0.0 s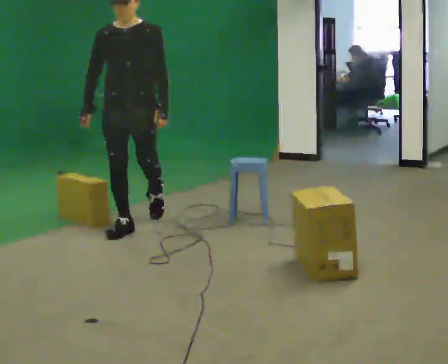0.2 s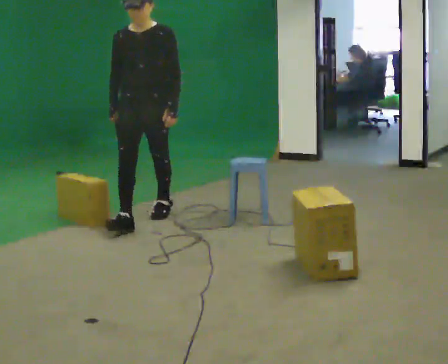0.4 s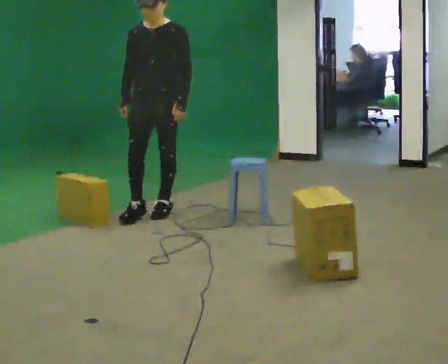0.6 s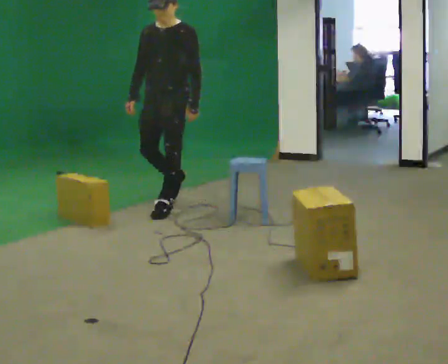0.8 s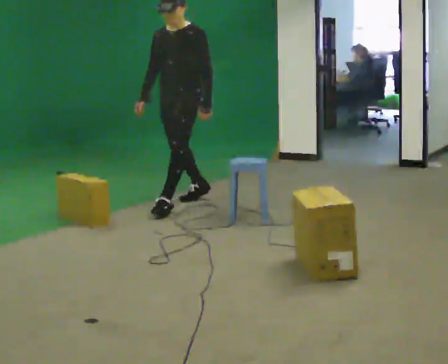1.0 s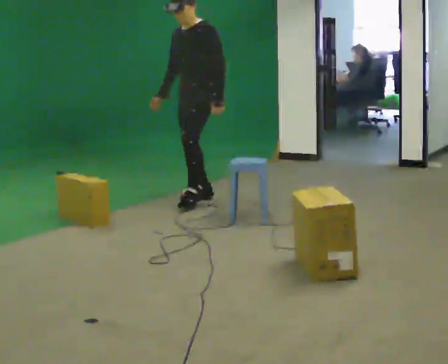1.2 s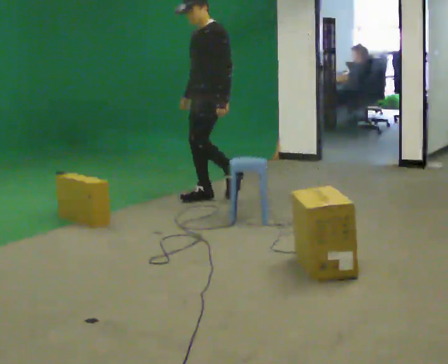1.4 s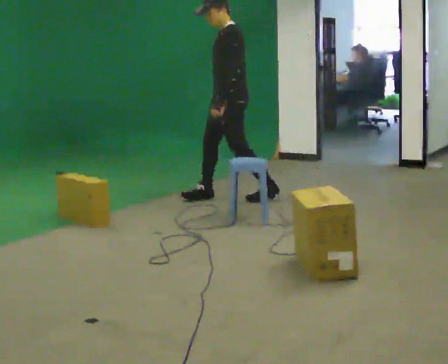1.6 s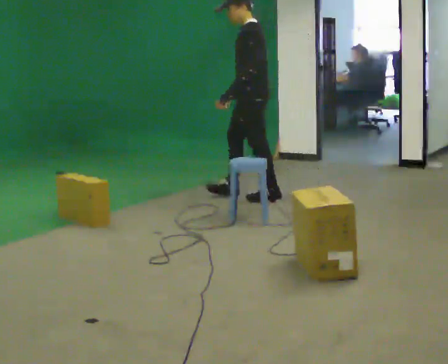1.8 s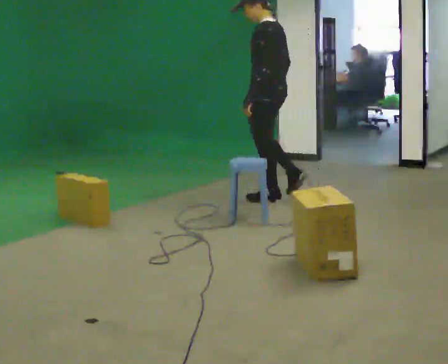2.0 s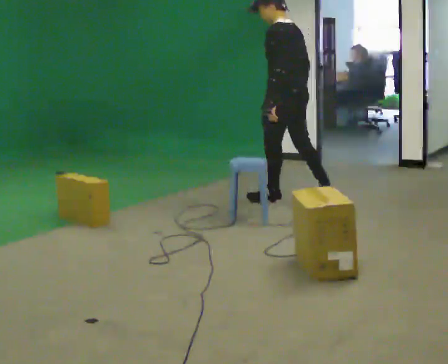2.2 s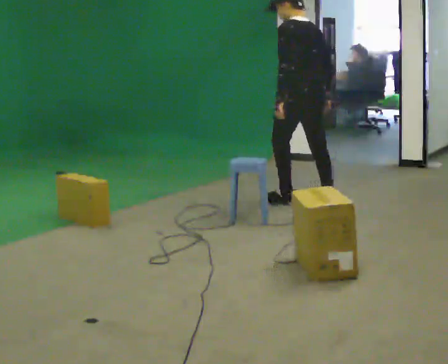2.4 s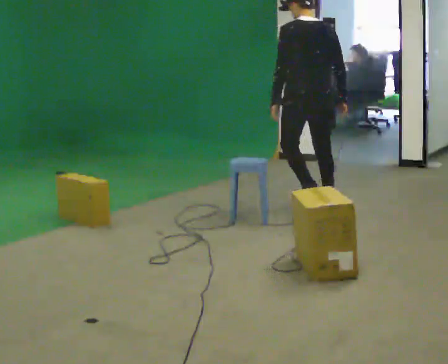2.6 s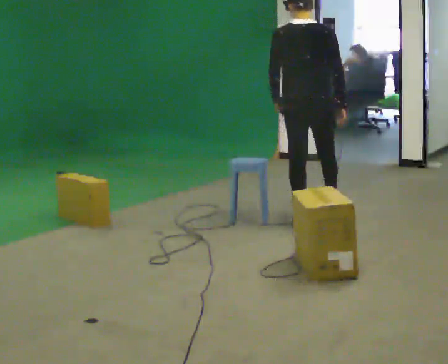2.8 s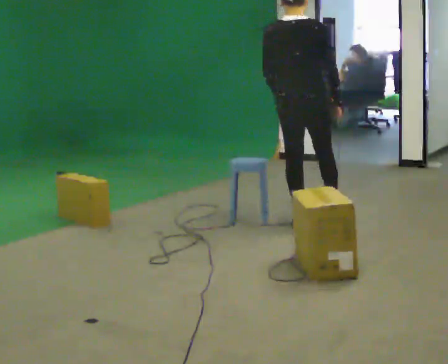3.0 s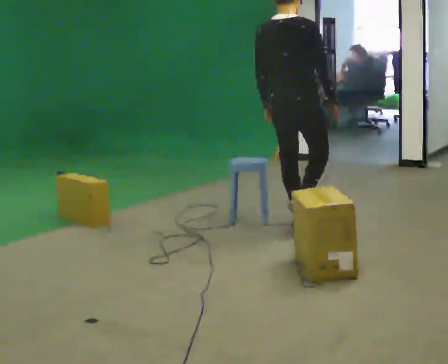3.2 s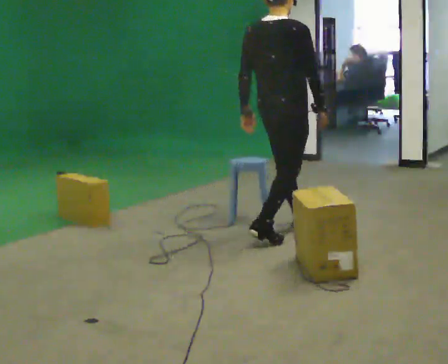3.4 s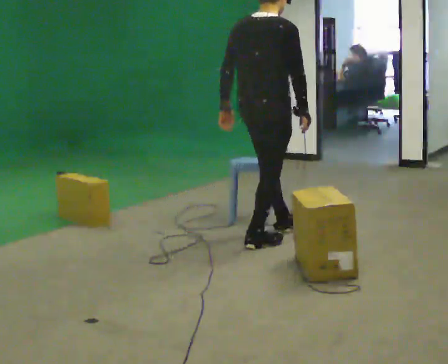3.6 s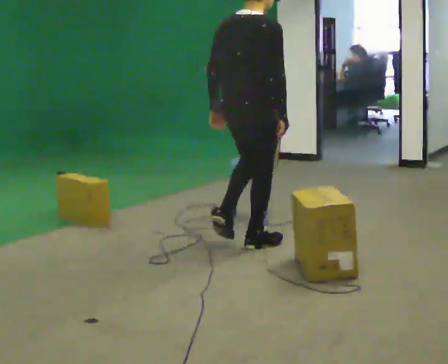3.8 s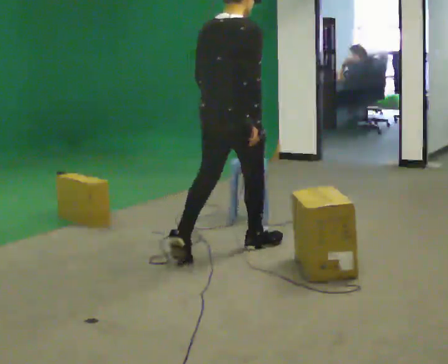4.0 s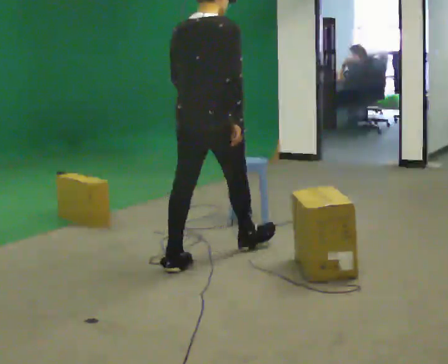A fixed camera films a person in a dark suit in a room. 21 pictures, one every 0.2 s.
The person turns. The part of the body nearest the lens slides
to the left.
The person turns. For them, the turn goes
to their right.
0.0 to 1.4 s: Seen from above the body turns clockwise, about 75 degrees: to their right, with its near side sliding to the left. In the picture they go away from the camera and to the right, about 1 m in 2 steps.
1.4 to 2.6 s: The person turns about 105 degrees to their right, clockwise seen from above, so the part of the body nearest the lens slides to the left. In the picture they go to the right and toward the camera, about 1 m in 2 steps.
2.6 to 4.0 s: The part of the body nearest the lens slides to the left as the person turns to their right by about 30 degrees. In the picture they go toward the camera and to the left, about 1 m in 3 steps, which for them is backward.
The film runs backward here.
